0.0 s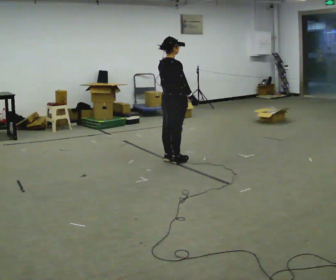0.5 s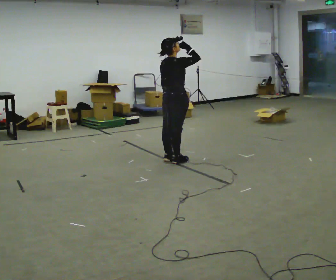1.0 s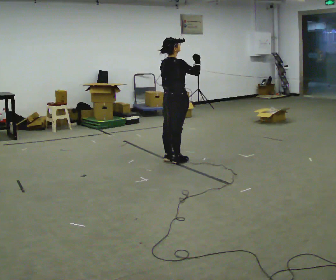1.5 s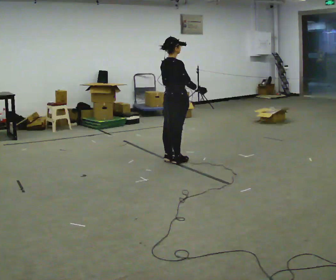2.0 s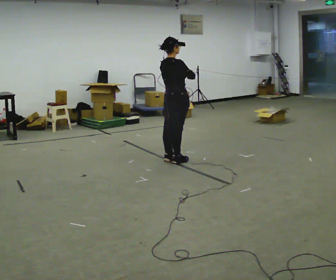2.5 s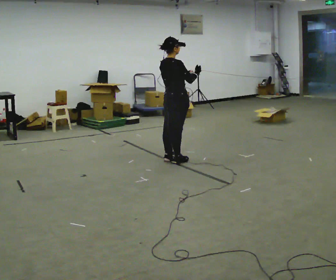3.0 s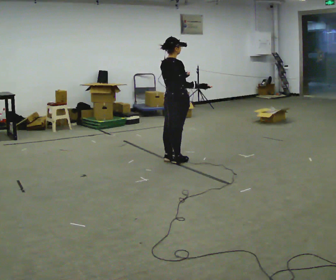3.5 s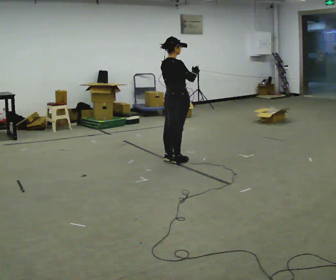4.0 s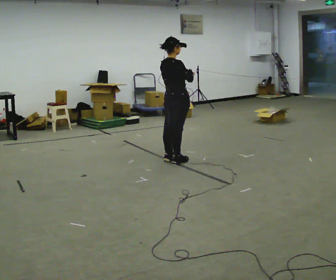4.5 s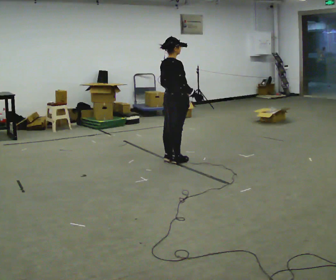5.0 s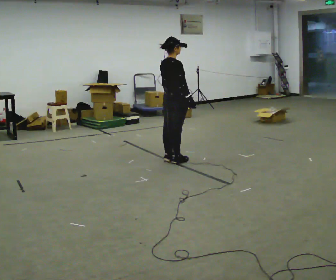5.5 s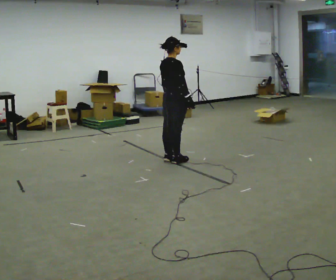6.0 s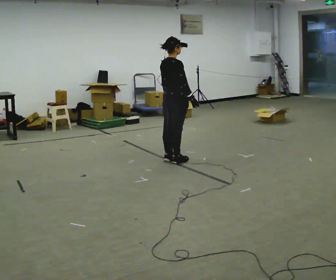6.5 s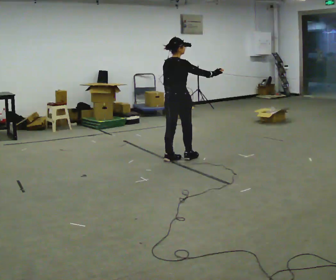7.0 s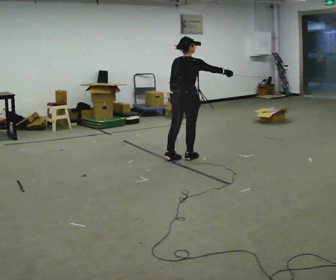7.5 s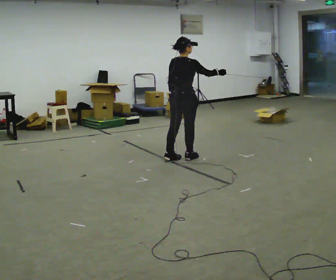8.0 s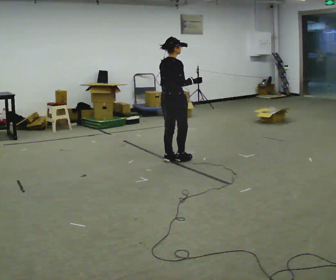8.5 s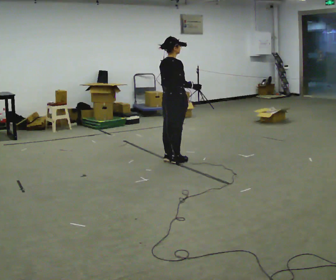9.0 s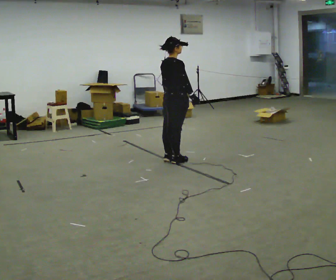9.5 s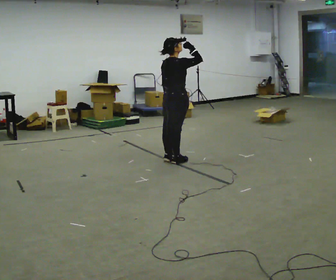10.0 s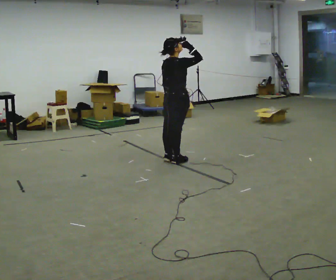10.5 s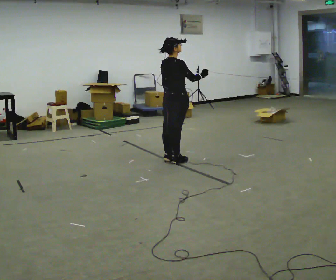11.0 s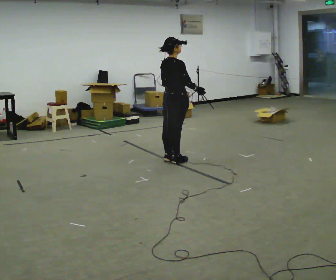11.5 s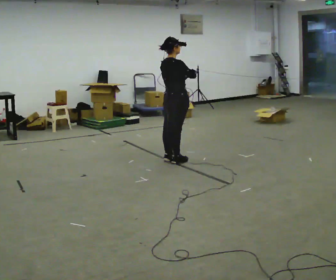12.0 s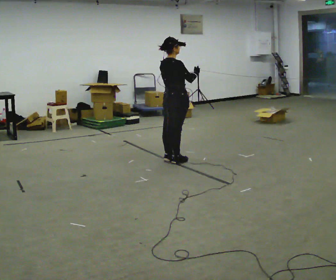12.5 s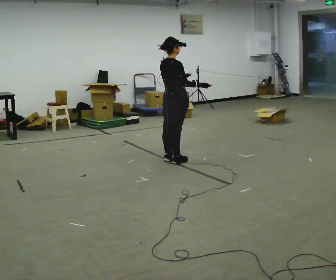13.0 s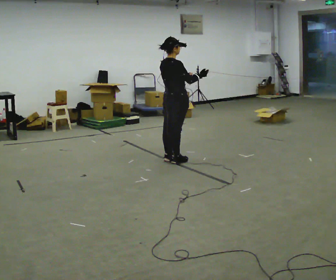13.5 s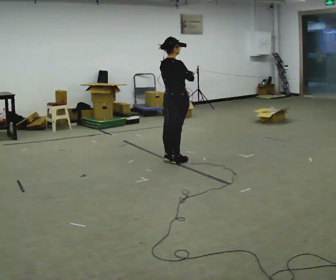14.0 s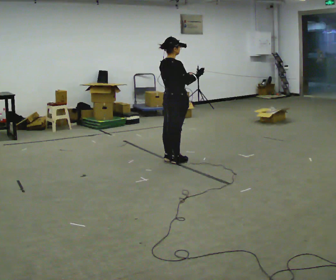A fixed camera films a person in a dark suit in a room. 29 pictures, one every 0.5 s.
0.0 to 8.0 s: The person moves a little, or ends about where they began.
8.0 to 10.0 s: In the picture their right hand goes upward.
10.0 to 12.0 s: In the picture their right hand goes downward.
12.0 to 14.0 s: The person moves a little, or ends about where they began.
The film runs forward here.
